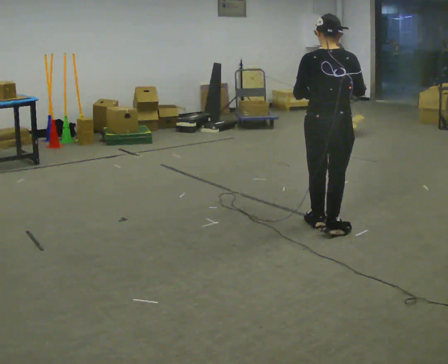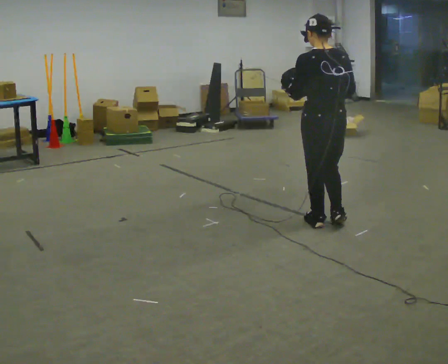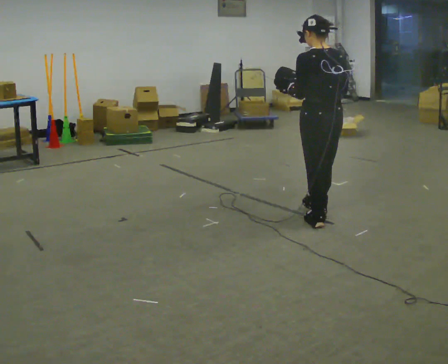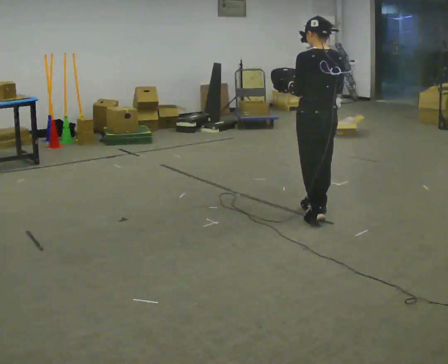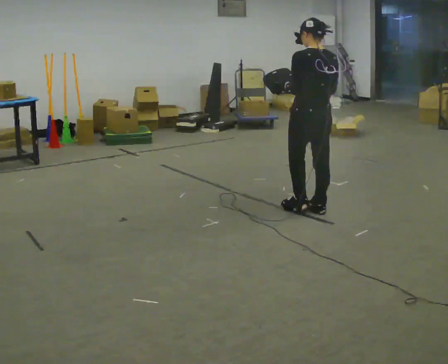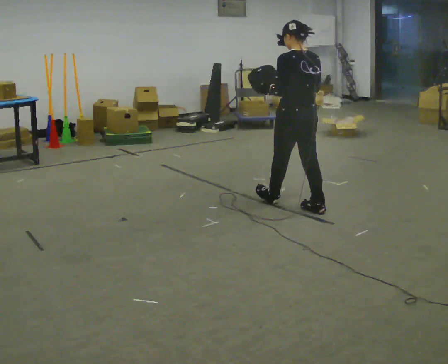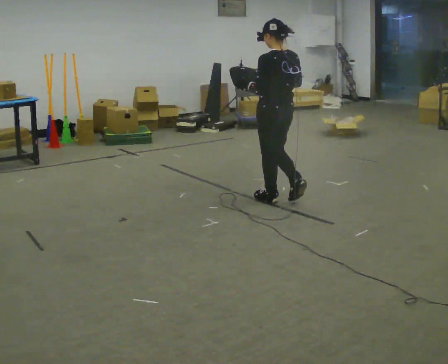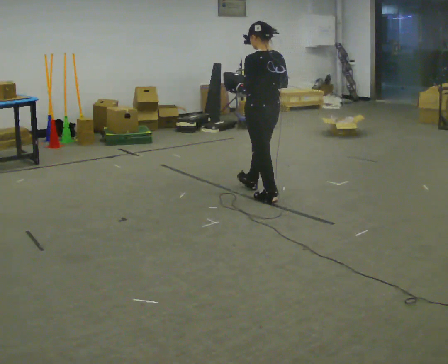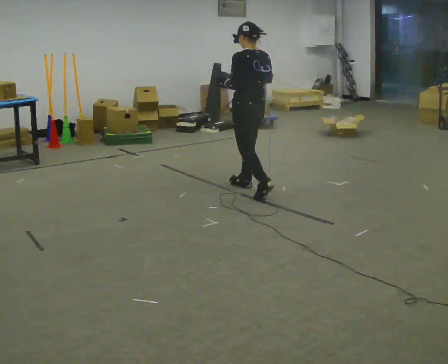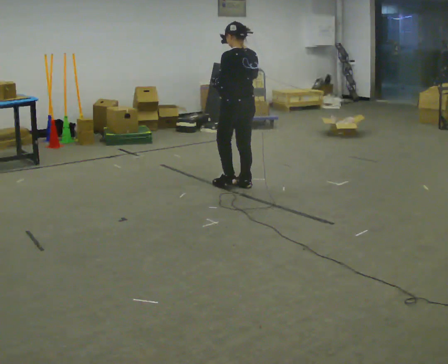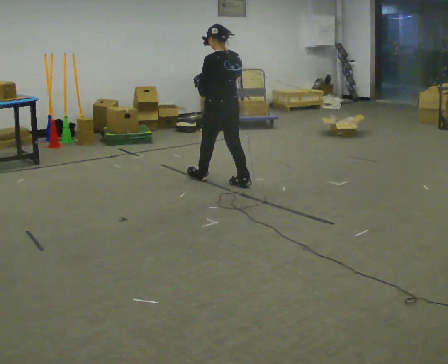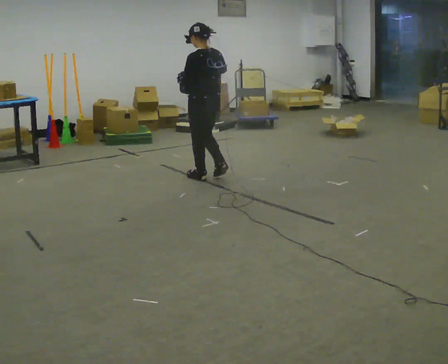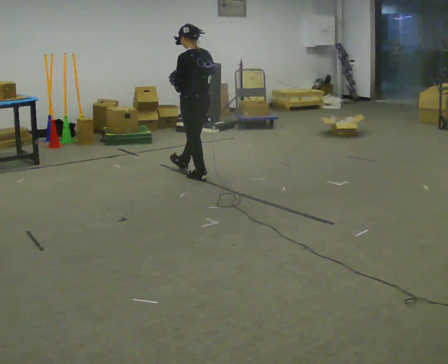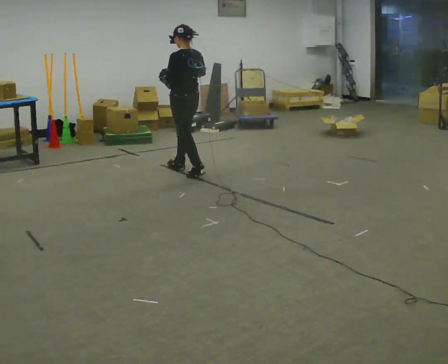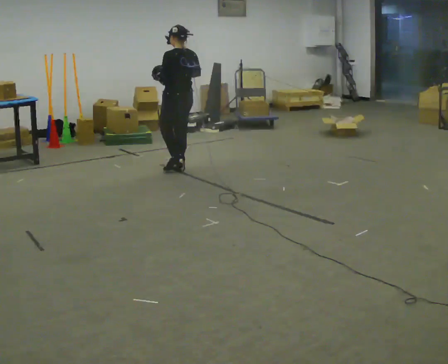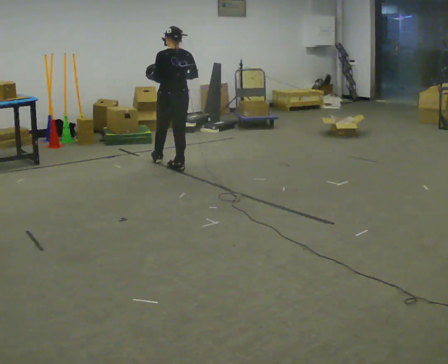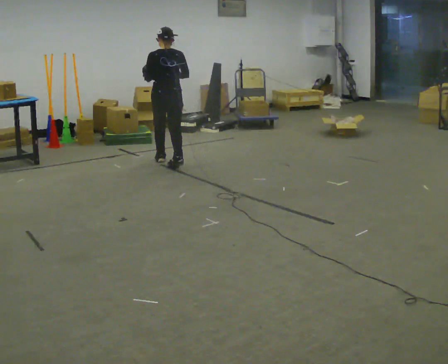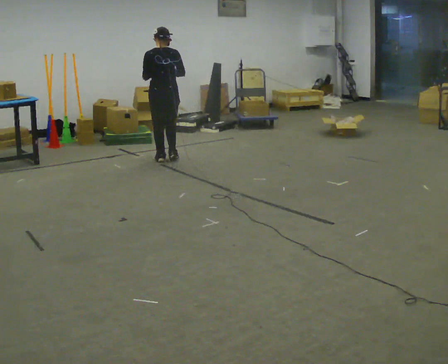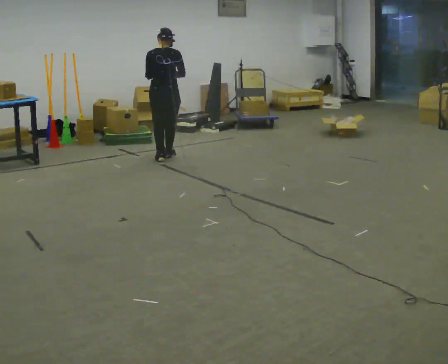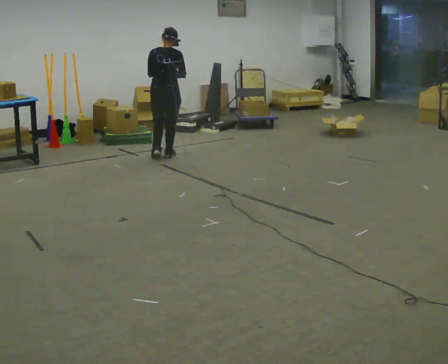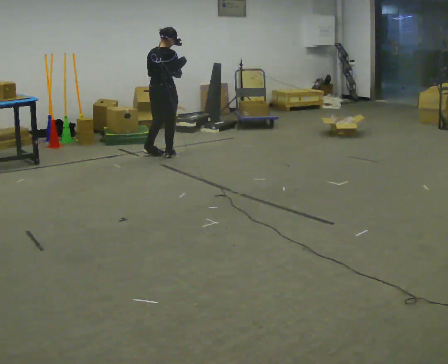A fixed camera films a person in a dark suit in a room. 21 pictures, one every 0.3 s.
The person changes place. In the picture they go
away from the camera.
0.0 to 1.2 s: Seen from above the body turns counterclockwise, about 30 degrees: to their left, with its near side sliding to the right. In the picture they go away from the camera, about 0.5 m in 1 step, which for them is forward.
1.2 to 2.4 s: In the picture they go away from the camera and to the left, about 1 m in 2 steps, which for them is forward.
2.4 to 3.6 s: In the picture they go away from the camera and to the left, about 0.75 m in 1 step, which for them is forward.
3.6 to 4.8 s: The part of the body nearest the lens slides to the left as the person turns to their right by about 45 degrees. In the picture they go away from the camera and to the left, about 0.75 m in 2 steps, which for them is forward.
4.8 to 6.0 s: The part of the body nearest the lens slides to the left as the person turns to their right by about 45 degrees. In the picture they go away from the camera, about 0.25 m in 1 step, which for them is forward.
The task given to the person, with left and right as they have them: Carry the bag and, while walking, undo the buckle or zip, then do it up again. Keep repeating as you walk. Do not stop.
The film runs forward here.
